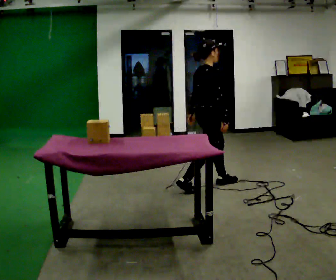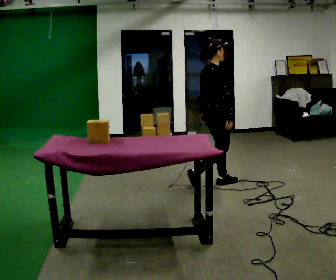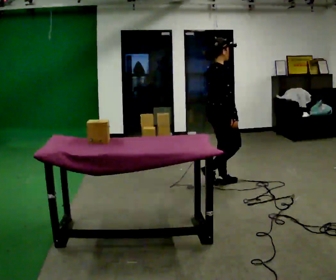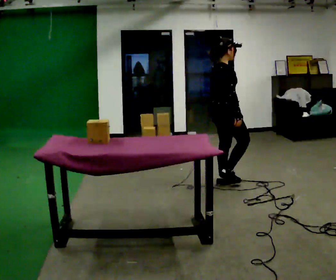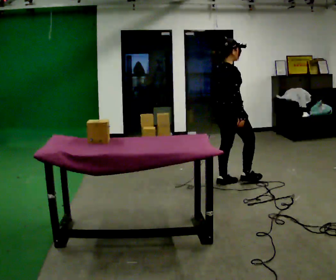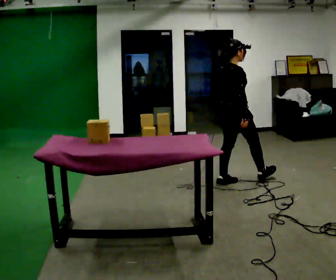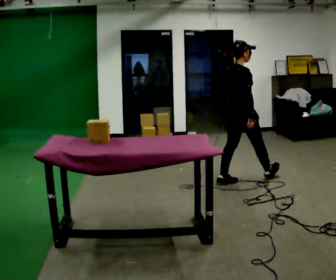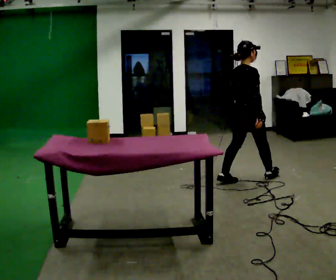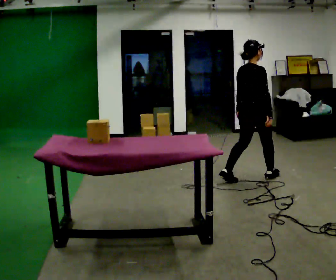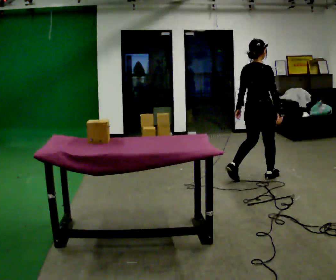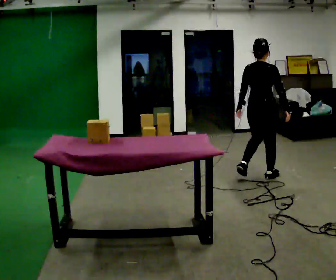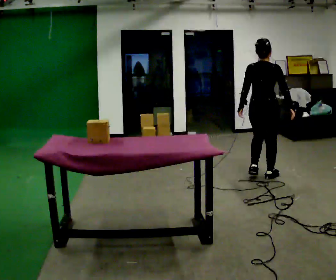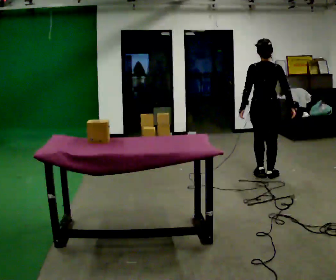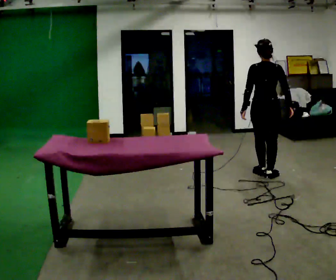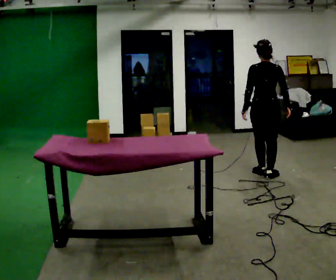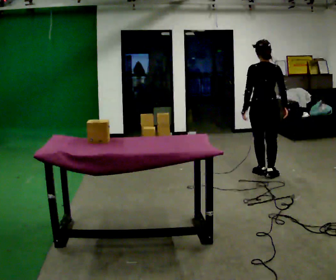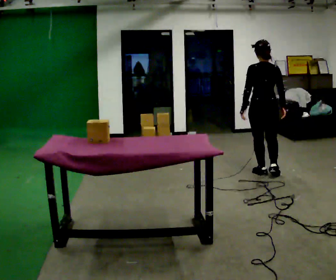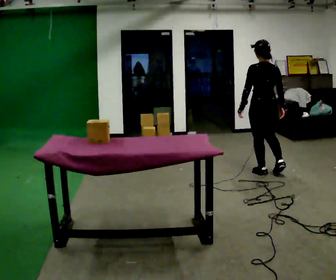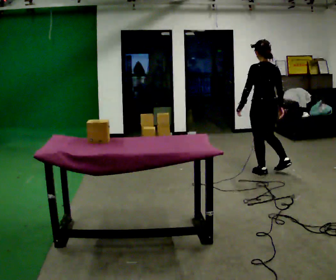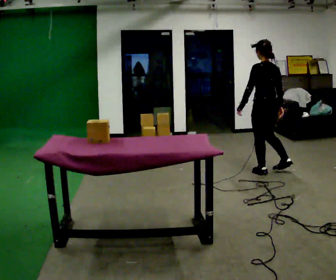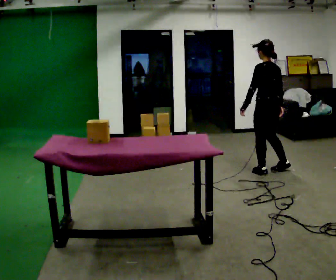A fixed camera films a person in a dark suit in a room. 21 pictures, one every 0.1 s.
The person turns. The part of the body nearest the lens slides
to the right.
The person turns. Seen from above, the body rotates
counterclockwise.
0.0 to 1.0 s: The part of the body nearest the lens slides to the right as the person turns to their left by about 45 degrees. In the picture they go to the right and away from the camera, about 0.75 m in 1 step, which for them is forward.
1.0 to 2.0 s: The part of the body nearest the lens slides to the right as the person turns to their left by about 75 degrees. In the picture they go away from the camera, about 0.25 m in 2 steps.
The film runs forward here.
